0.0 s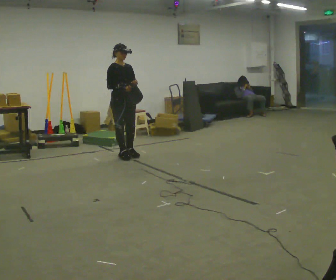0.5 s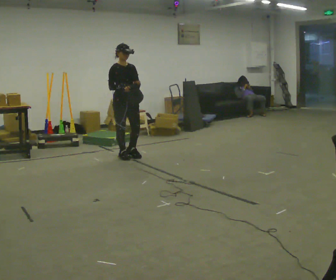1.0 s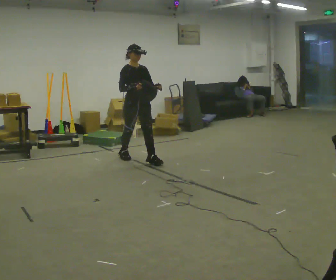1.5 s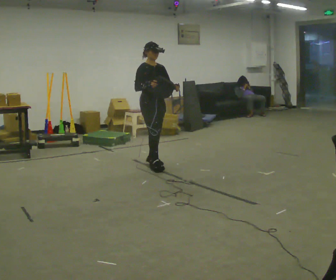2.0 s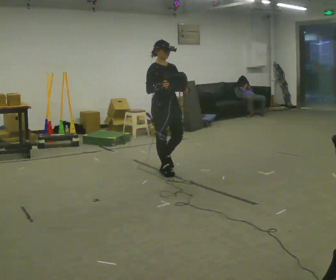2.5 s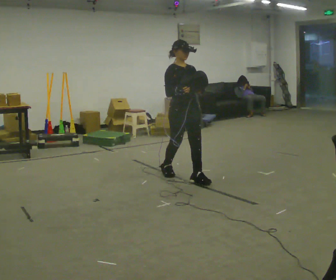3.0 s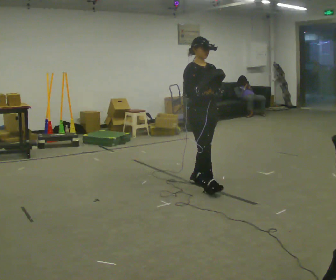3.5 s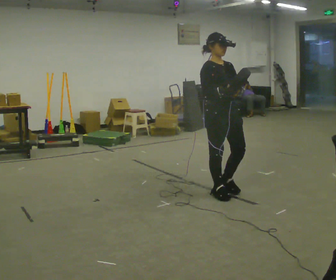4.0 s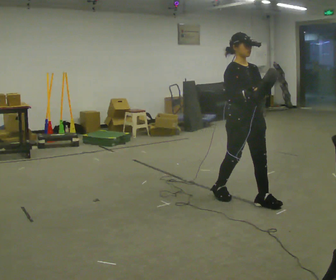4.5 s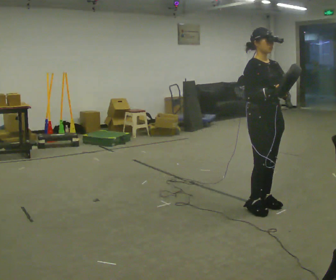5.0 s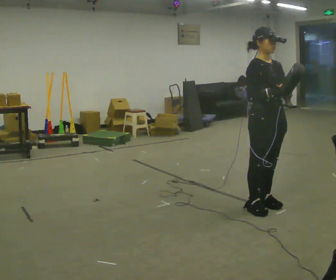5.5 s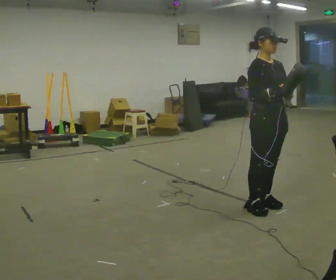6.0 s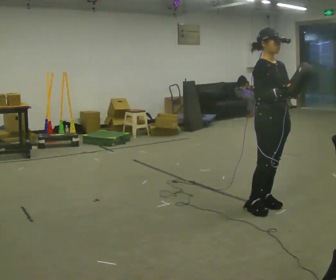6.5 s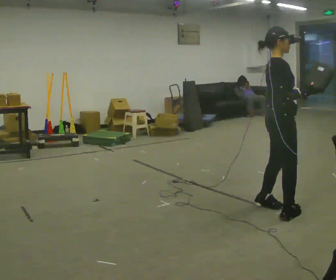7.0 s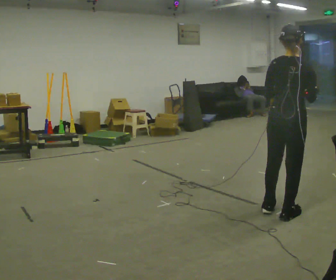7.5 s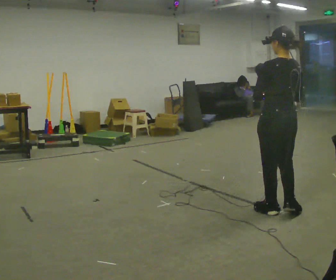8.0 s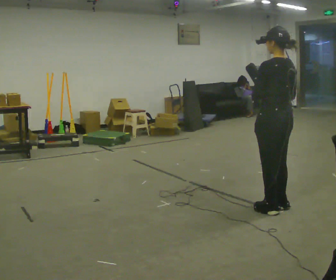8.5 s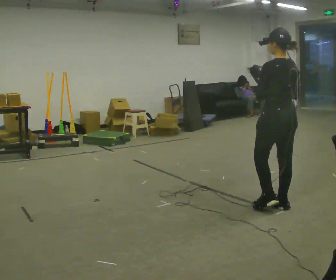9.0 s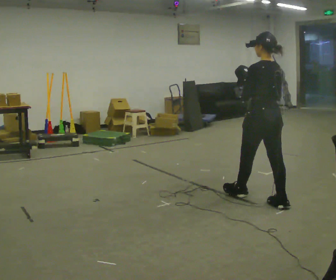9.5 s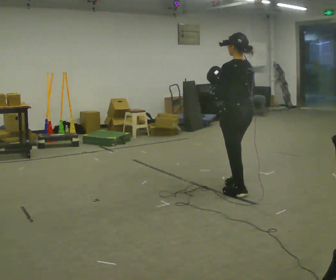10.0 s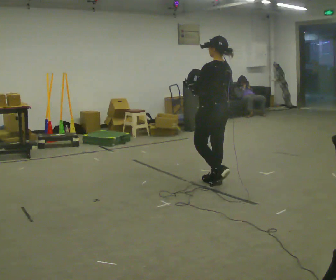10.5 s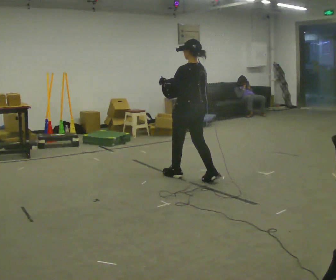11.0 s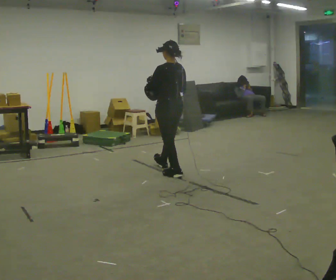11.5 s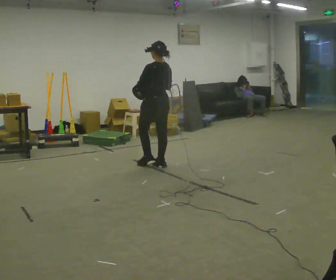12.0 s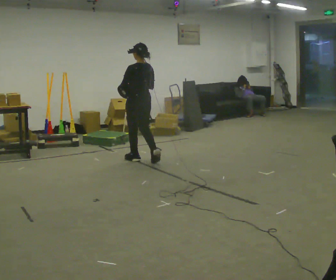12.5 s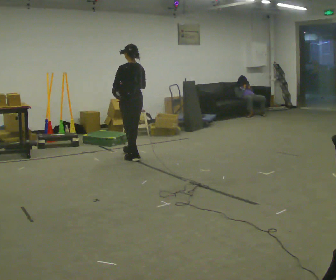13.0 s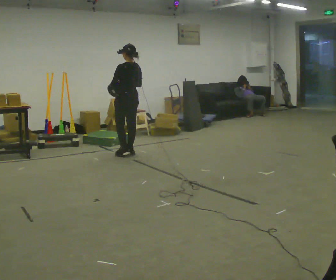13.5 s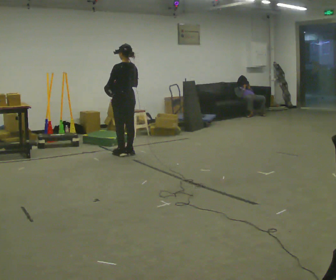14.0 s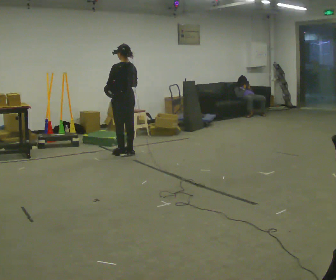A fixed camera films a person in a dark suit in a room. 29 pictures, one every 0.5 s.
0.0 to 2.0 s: In the picture they go to the right and toward the camera, about 1 m in 3 steps, which for them is forward.
2.0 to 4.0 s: In the picture they go to the right and toward the camera, about 1.5 m in 3 steps, which for them is forward.
4.0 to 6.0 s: In the picture they go to the right, about 0.25 m in 1 step, which for them is forward.
6.0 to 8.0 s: The person turns about 165 degrees to their left, counterclockwise seen from above, so the part of the body nearest the lens slides to the right.
8.0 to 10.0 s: In the picture they go away from the camera and to the left, about 1 m in 2 steps, which for them is forward.
10.0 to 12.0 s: In the picture they go to the left and away from the camera, about 1.5 m in 3 steps, which for them is forward.
12.0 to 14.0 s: In the picture they go to the left and away from the camera, about 0.5 m in 2 steps, which for them is forward.
The film runs forward here.
